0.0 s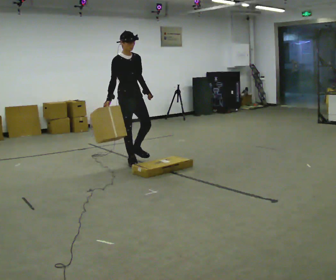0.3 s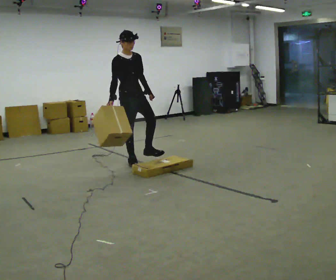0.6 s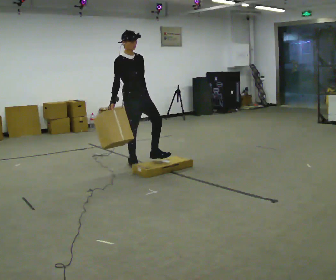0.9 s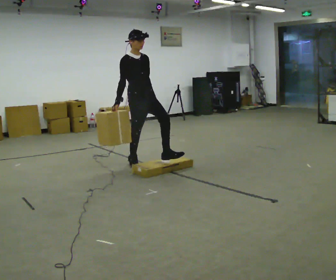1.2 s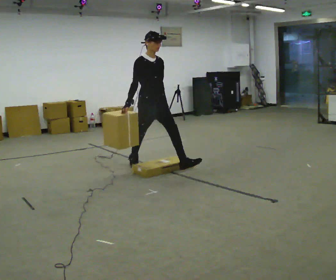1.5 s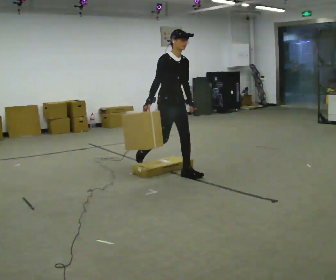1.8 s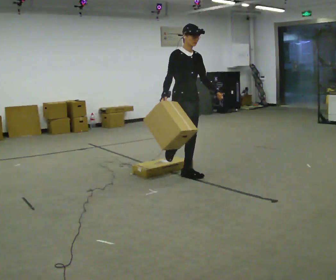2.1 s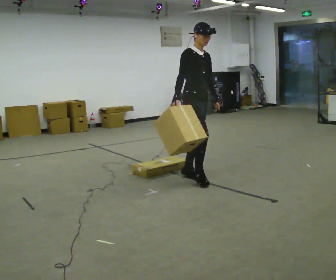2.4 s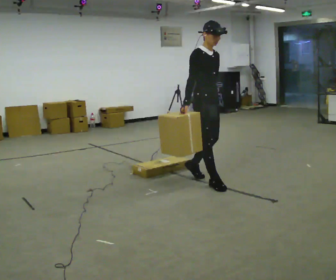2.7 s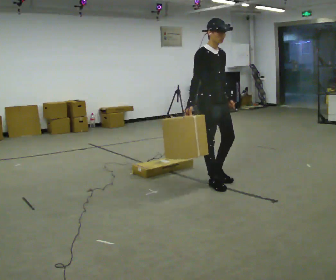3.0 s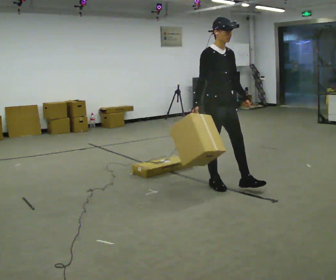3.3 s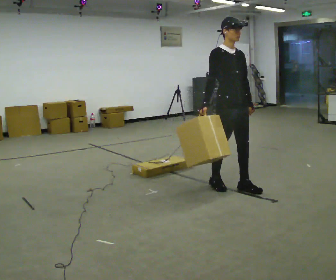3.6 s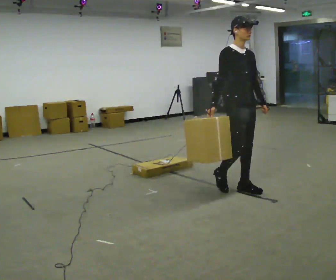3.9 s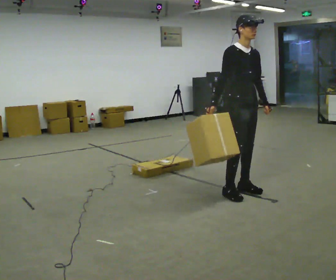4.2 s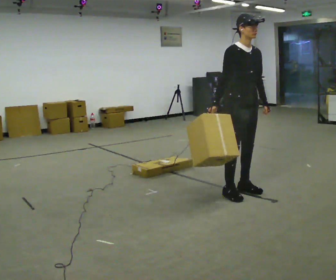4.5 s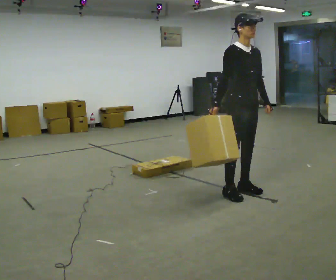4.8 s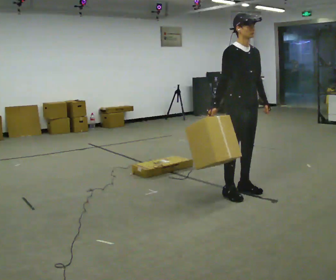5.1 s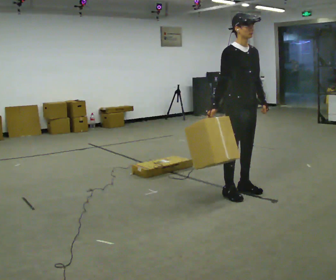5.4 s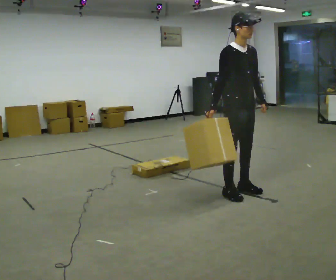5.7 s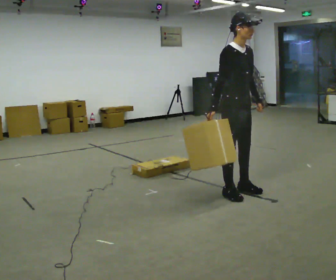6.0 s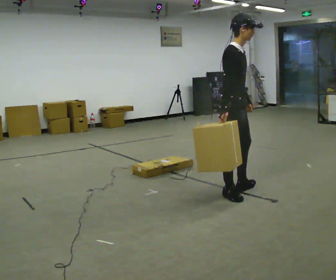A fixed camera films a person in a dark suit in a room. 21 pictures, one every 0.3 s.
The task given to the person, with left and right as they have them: Carry the box over the low sill without stopping, then bring it back over. Keep going until the operator says stop; one object at a time, and do not rush between trips.
0.0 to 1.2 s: In the picture they go to the right and toward the camera, about 0.5 m, which for them is forward.
1.2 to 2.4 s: In the picture they go to the right and toward the camera, about 1 m in 2 steps, which for them is forward.
2.4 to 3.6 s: In the picture they go to the right and toward the camera, about 0.5 m in 1 step, which for them is forward.
3.6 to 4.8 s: The person moves a little, or ends about where they began.
4.8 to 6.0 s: The part of the body nearest the lens slides to the right as the person turns to their left by about 30 degrees.
The film runs forward here.
